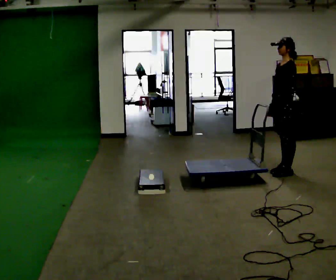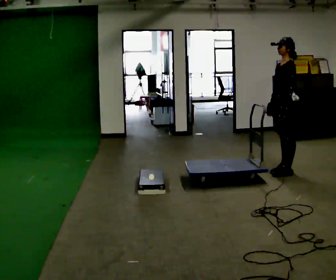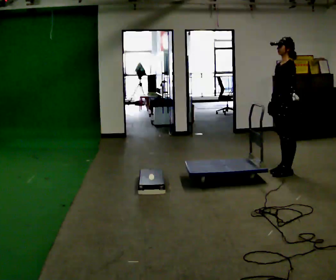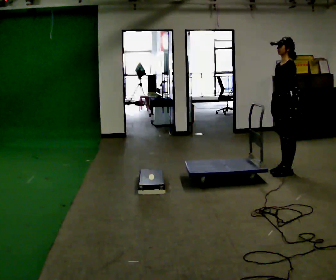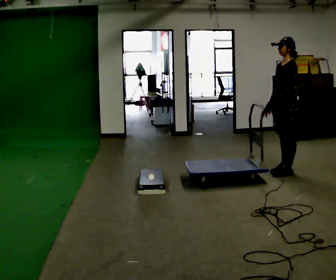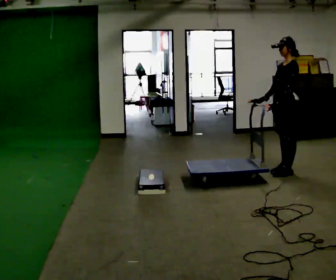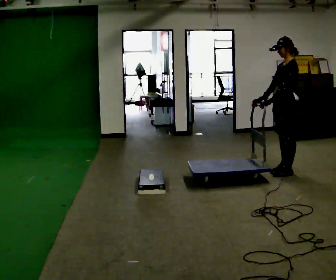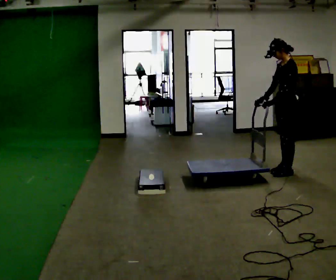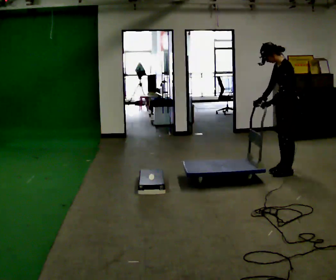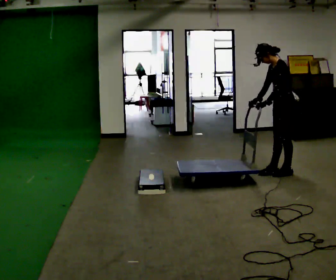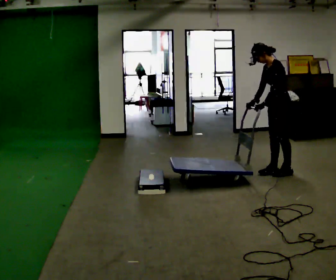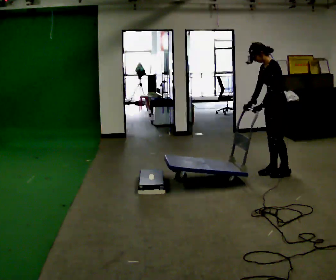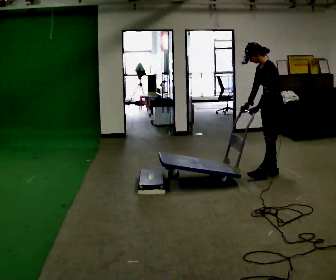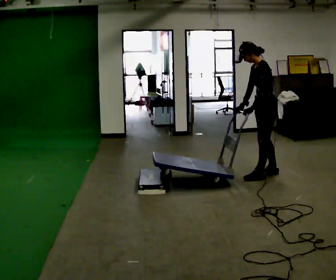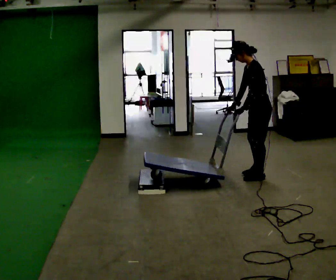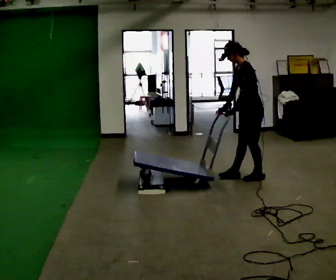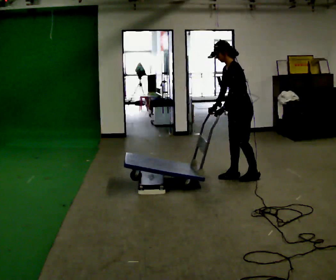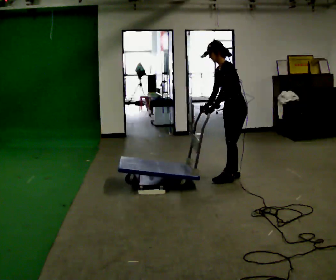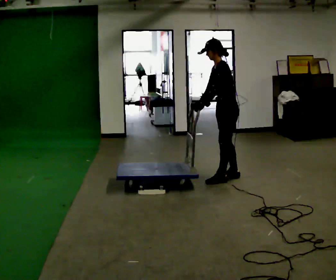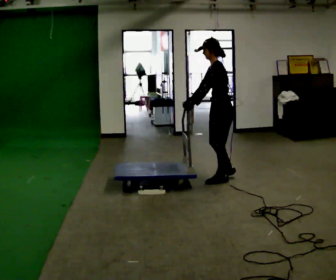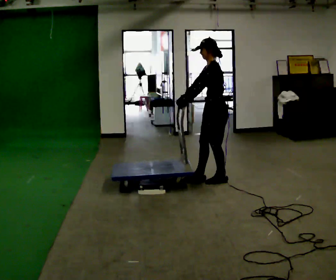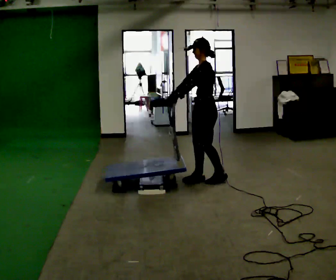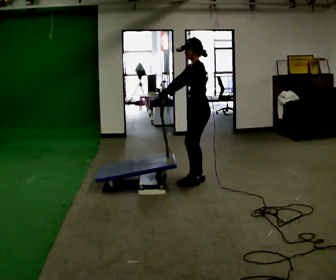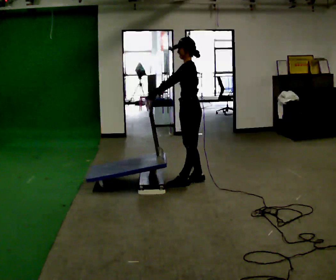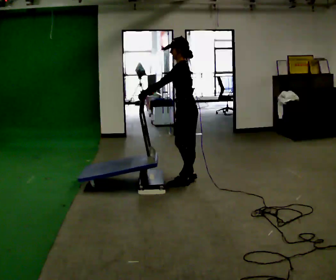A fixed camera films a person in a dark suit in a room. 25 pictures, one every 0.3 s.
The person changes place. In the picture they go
to the left.
0.0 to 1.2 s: The person moves a little, or ends about where they began.
1.2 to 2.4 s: In the picture the upper body tilts counterclockwise, shoulders to the left, as they bend forward.
2.4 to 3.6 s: In the picture they go to the left, about 0.25 m in 2 steps, which for them is forward.
3.6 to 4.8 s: In the picture they go to the left, about 0.5 m in 2 steps, which for them is forward.
4.8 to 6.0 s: In the picture they go to the left and toward the camera, about 0.25 m in 1 step, which for them is forward.
6.0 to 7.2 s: In the picture they go to the left, about 0.25 m in 1 step, which for them is forward.
The film runs backward here.
